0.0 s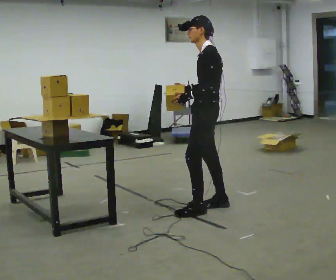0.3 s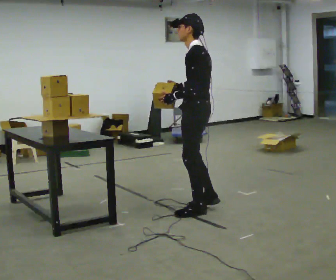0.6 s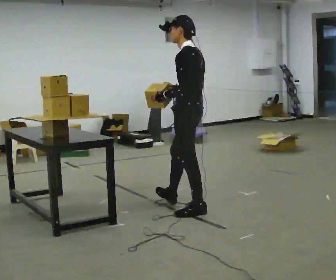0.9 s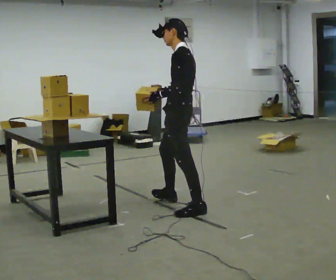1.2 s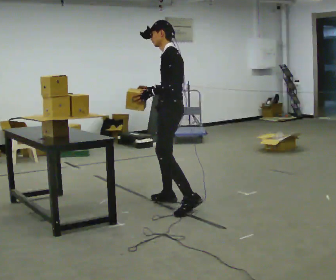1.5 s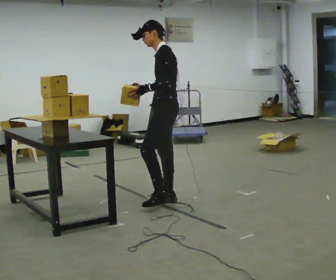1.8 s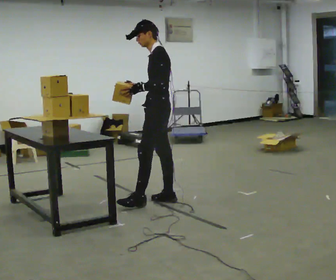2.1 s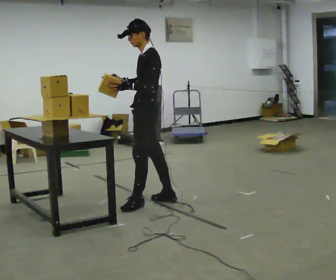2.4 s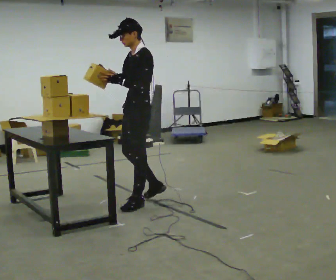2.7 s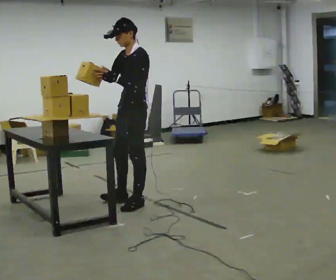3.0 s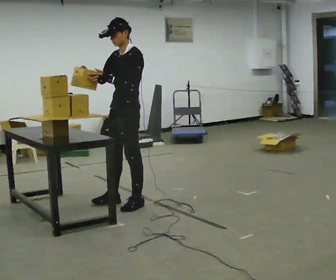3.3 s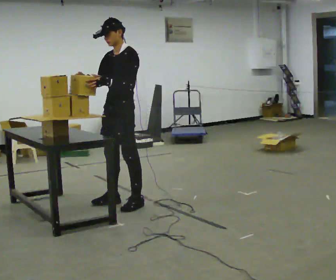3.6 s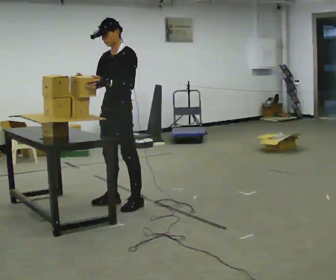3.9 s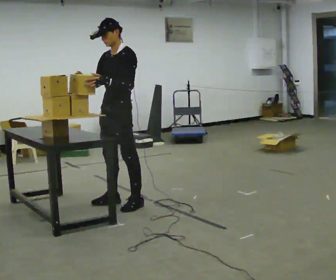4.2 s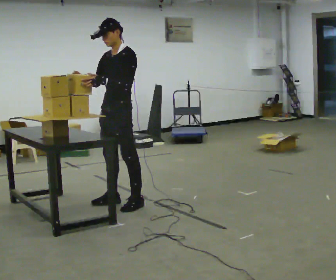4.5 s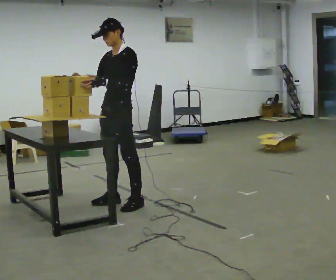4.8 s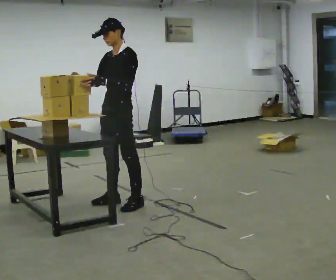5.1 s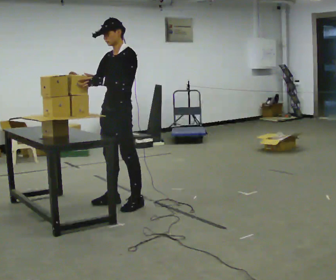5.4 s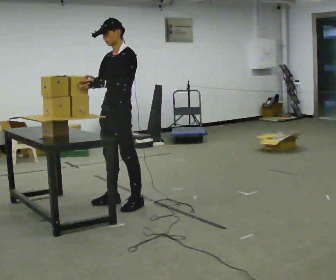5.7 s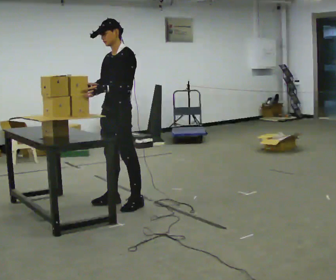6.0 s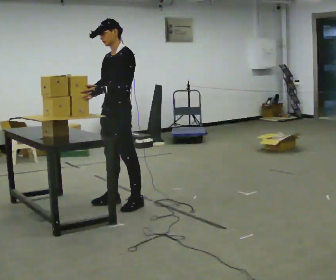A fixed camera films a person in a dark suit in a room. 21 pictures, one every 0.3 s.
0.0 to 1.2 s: In the picture they go to the left and away from the camera, about 0.25 m in 1 step, which for them is forward.
1.2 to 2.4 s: In the picture they go to the left, about 0.25 m in 1 step, which for them is forward.
2.4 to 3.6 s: The person turns about 30 degrees to their left, counterclockwise seen from above, so the part of the body nearest the lens slides to the right. In the picture they go to the left, about 0.25 m in 1 step, which for them is forward.
3.6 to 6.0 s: The person moves a little, or ends about where they began.
The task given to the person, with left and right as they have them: Carry the object over and set it down on the wobbly board without tipping it over. Keep going until the operator says stop; one object at a time, and do not rush between trips.
The film runs forward here.
